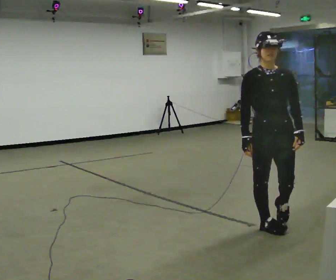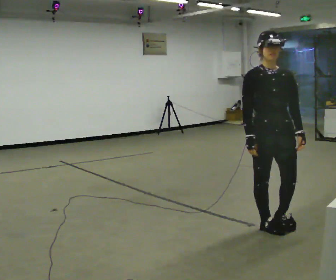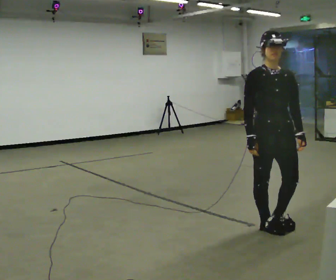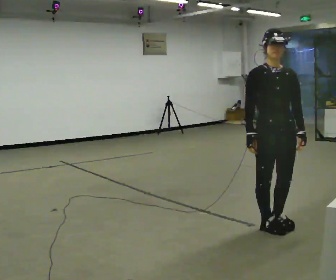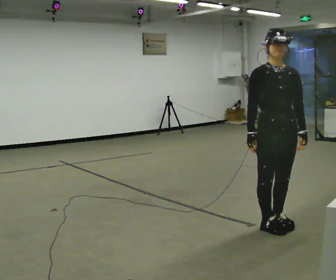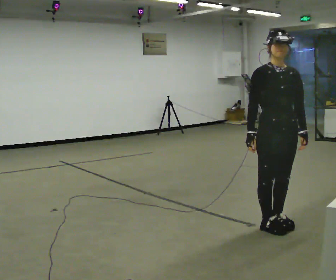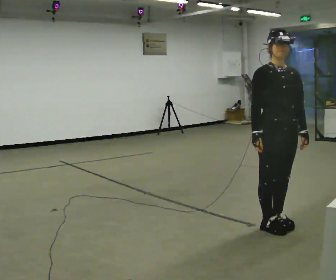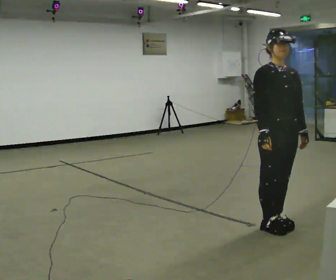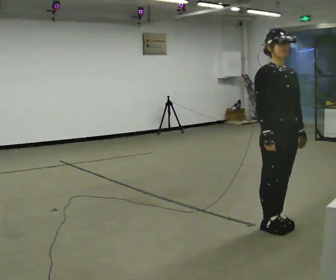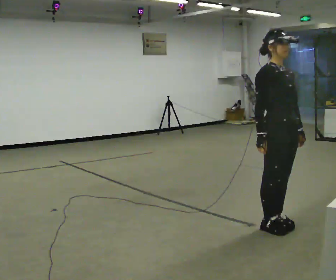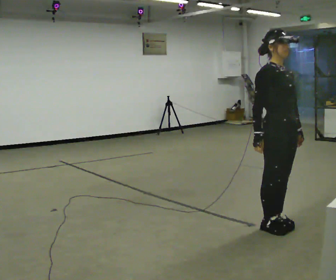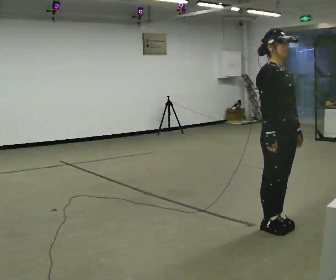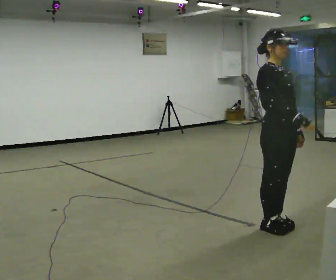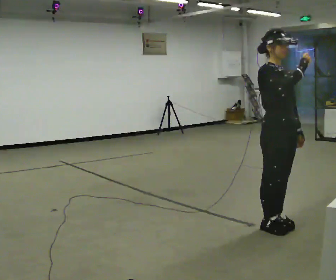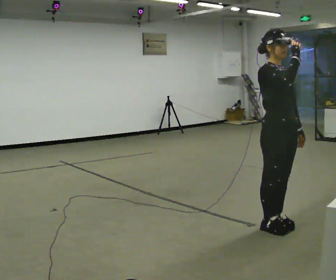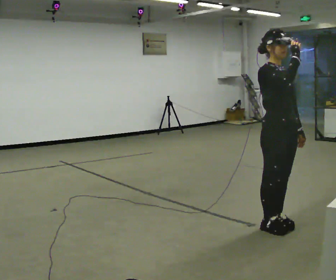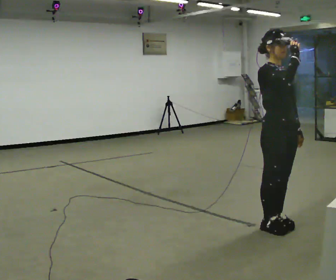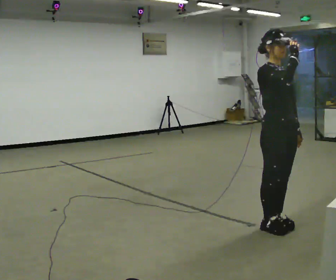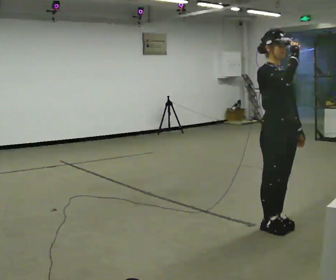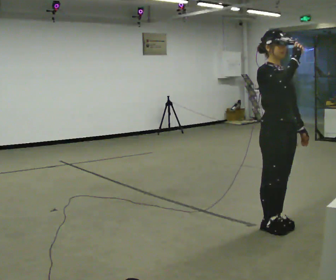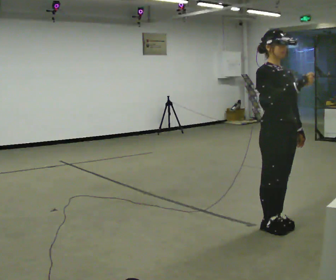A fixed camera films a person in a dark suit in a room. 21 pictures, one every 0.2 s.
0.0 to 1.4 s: The person moves a little, or ends about where they began.
1.4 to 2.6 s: In the picture their right hand goes upward and to the right.
2.6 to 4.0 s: The person moves a little, or ends about where they began.
The film runs backward here.
